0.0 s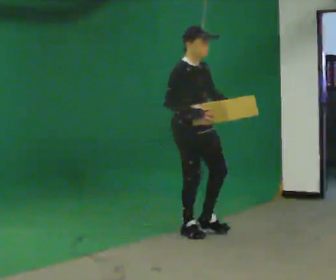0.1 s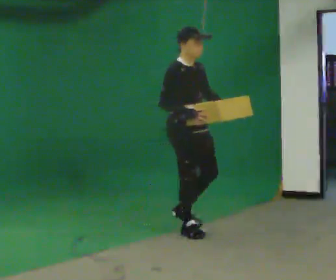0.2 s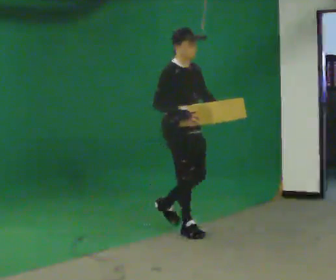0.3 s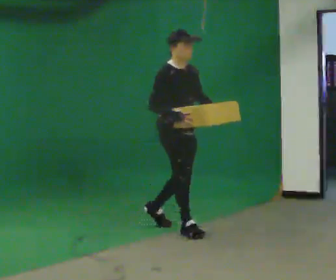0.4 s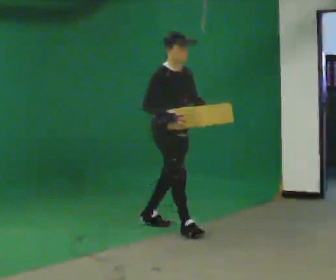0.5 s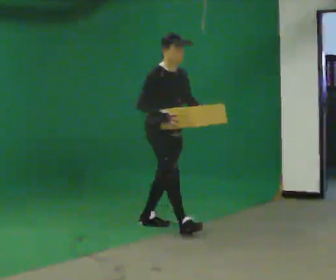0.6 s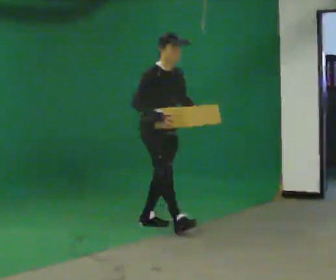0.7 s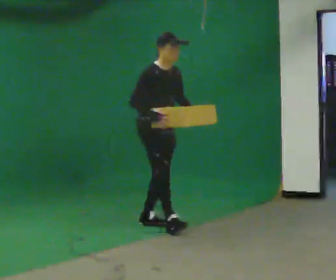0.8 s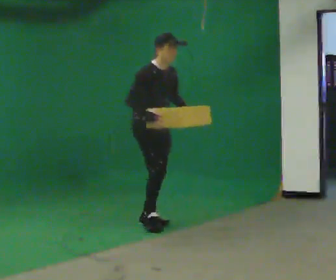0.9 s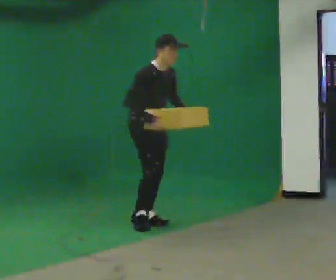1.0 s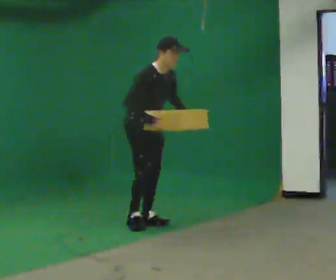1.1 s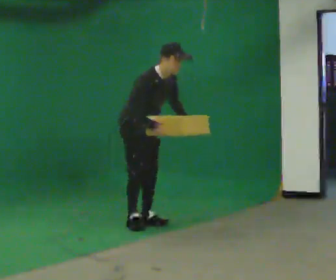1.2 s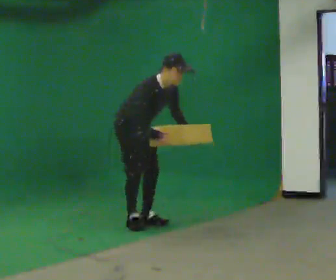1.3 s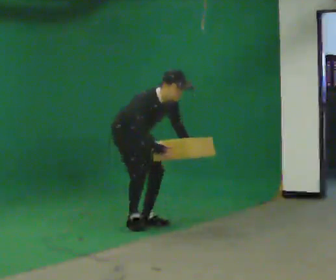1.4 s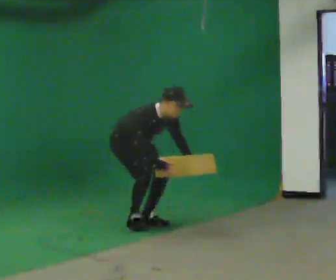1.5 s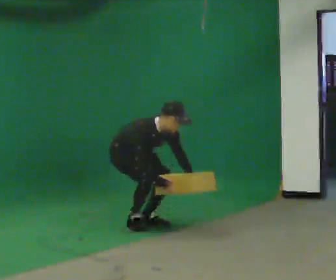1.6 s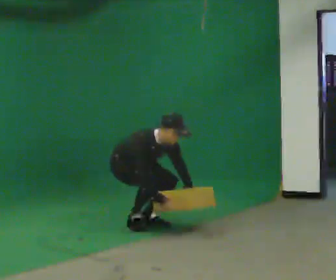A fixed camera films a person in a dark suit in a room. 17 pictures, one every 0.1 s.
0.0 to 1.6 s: In the picture they go to the left and away from the camera, about 1 m in 1 step, which for them is backward. The upper body goes downward. In the picture the upper body tilts clockwise, shoulders to the right, as they bend forward. In the picture their left hand goes downward.
The film runs backward here.
